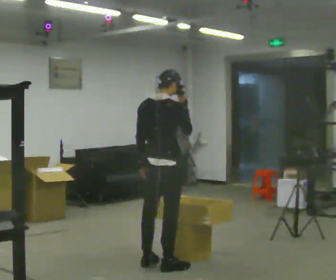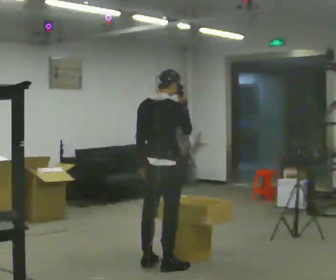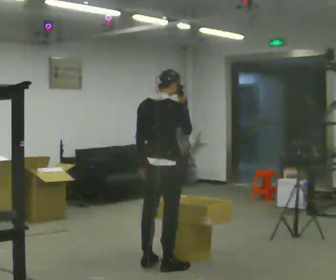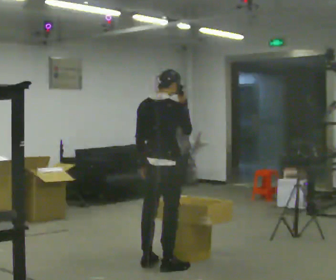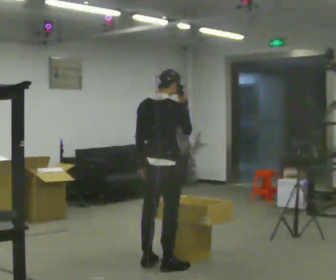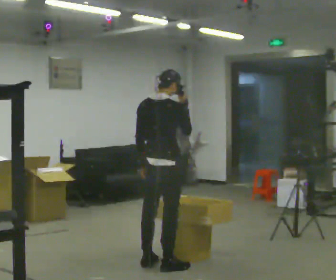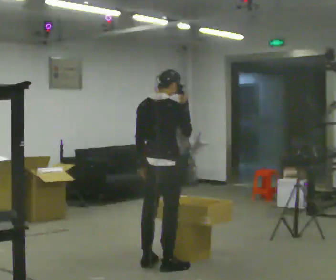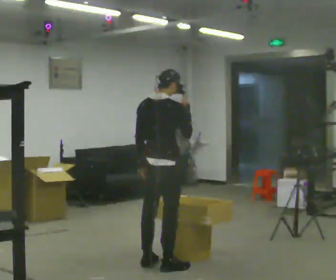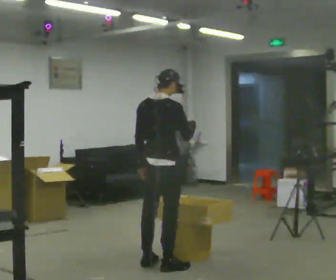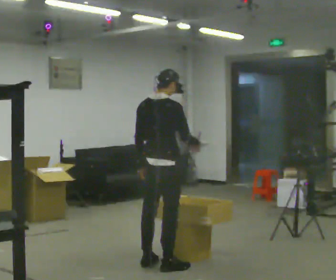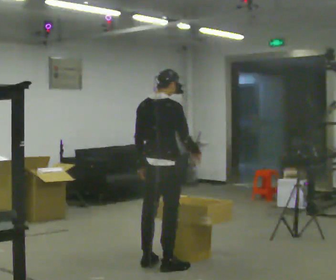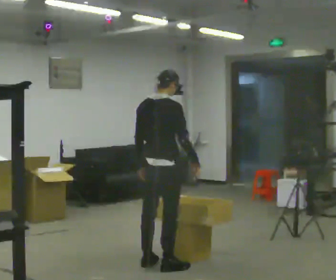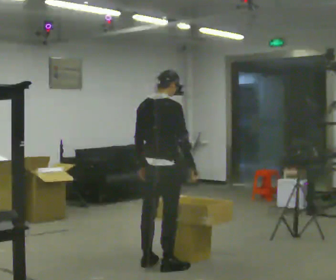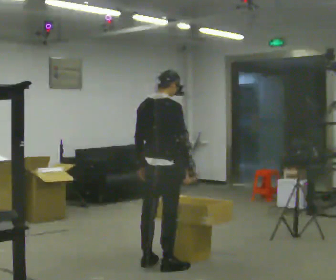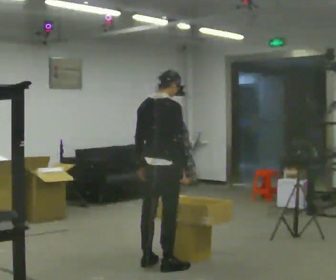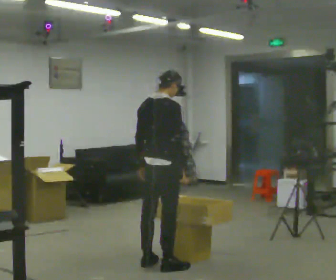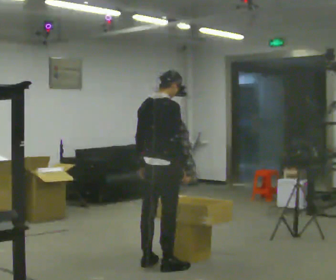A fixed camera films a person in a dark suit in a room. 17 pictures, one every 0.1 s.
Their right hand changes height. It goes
downward.
0.0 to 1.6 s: In the picture their right hand goes downward.
The film runs forward here.
